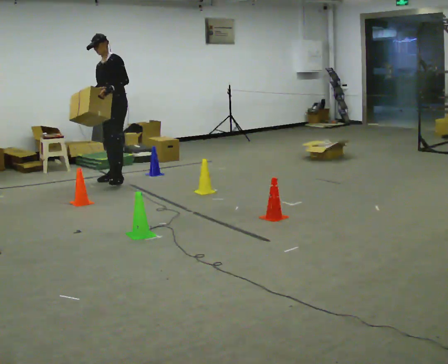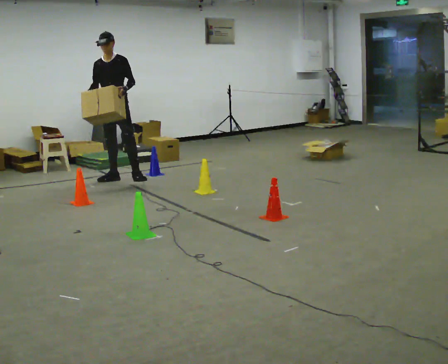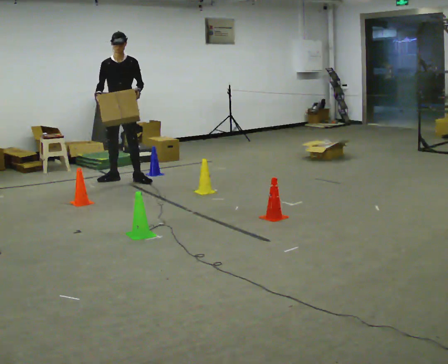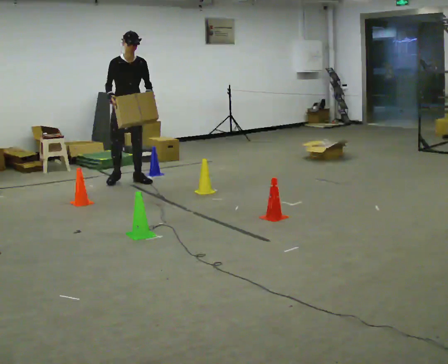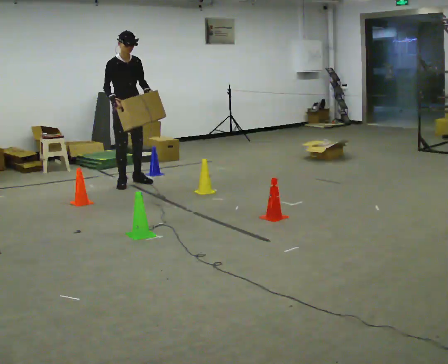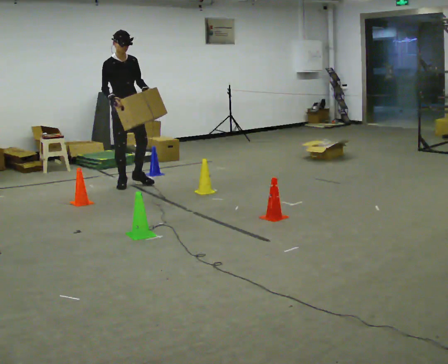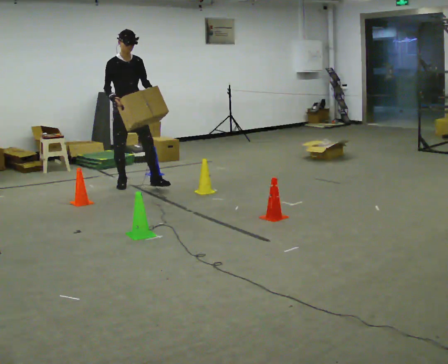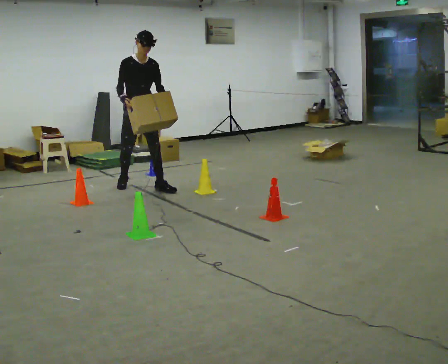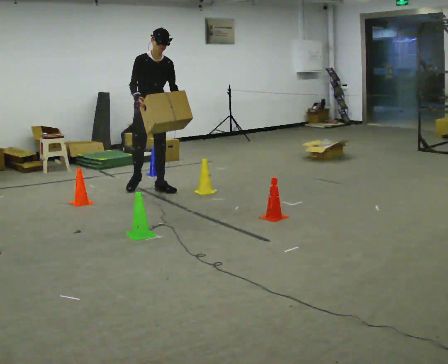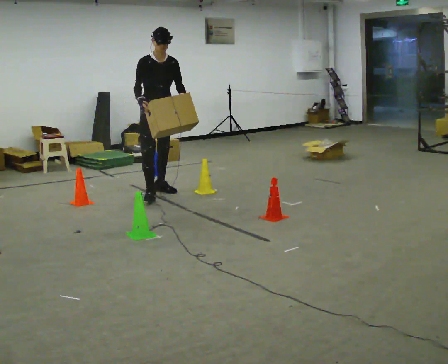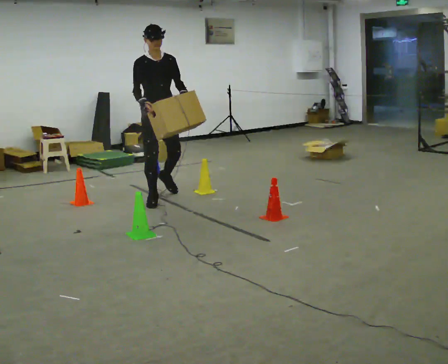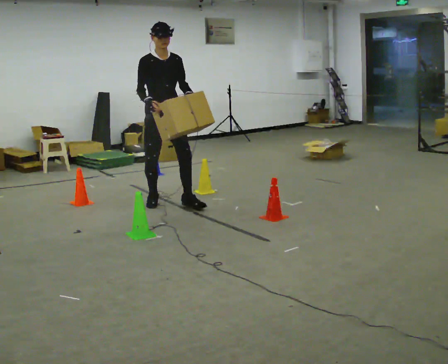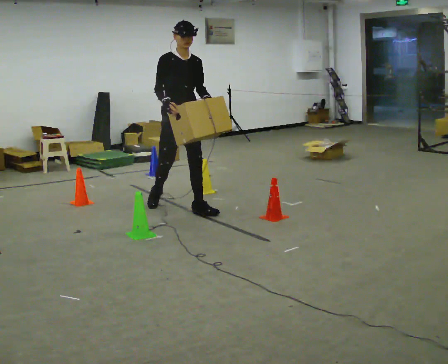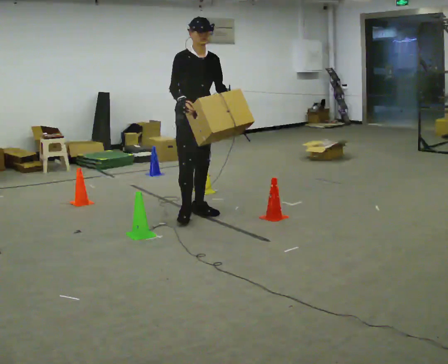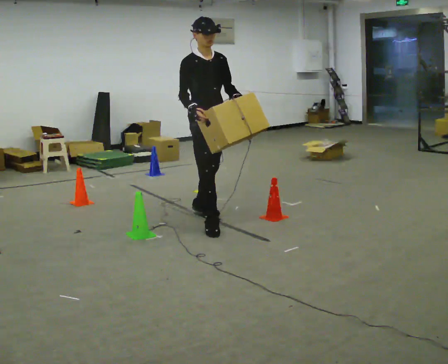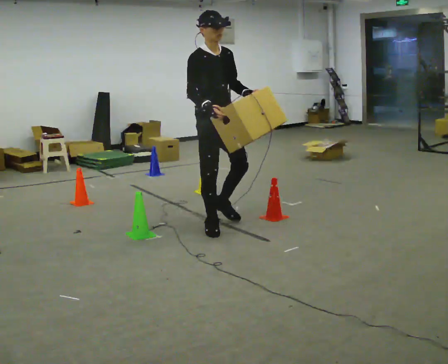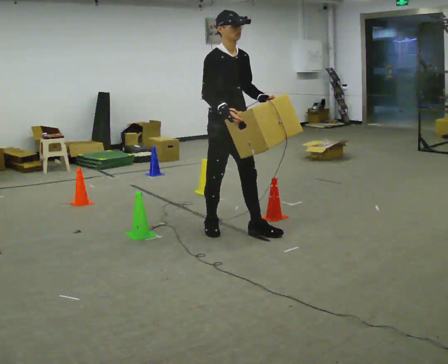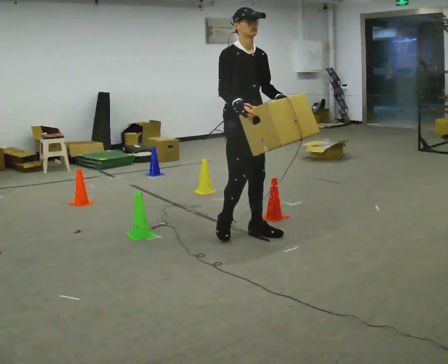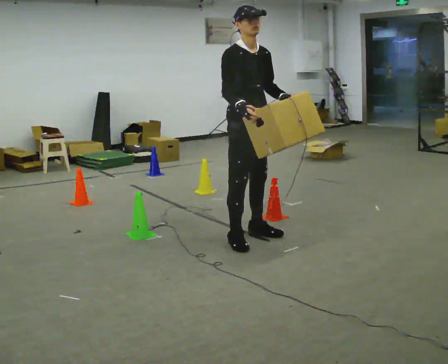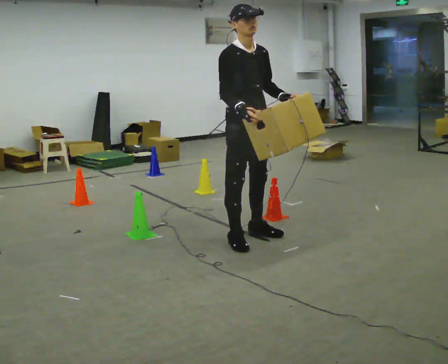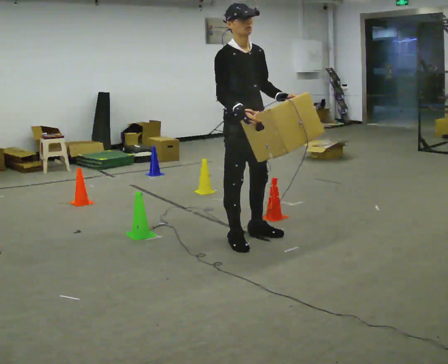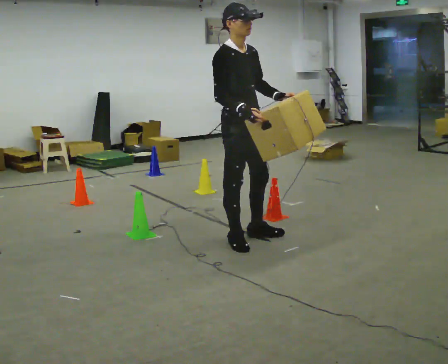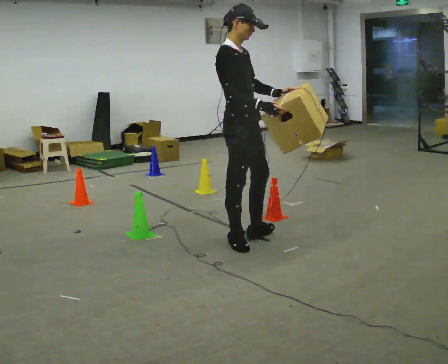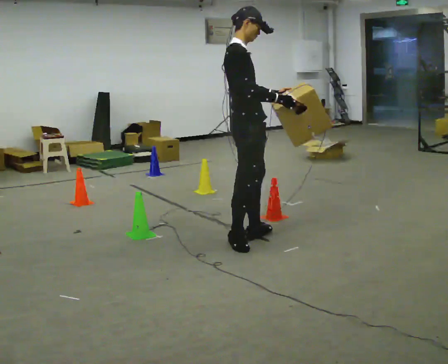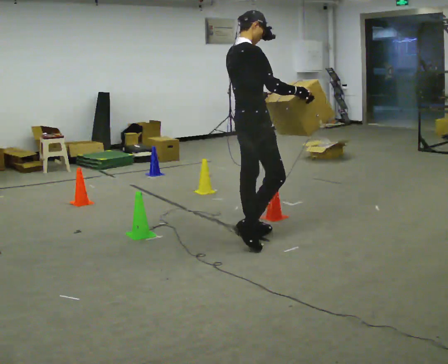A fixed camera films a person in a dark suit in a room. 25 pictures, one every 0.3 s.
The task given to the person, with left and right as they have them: Carry the box through the gap between the panels without touching either side, then set it down and bring it back. Keep going until the operator says stop; one object at a time, and do not rush between trips.
0.0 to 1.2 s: The part of the body nearest the lens slides to the right as the person turns to their left by about 75 degrees. In the picture they go toward the camera, about 0.25 m in 2 steps. In the picture the upper body tilts clockwise, shoulders to the right. In the picture their left hand goes to the right.
1.2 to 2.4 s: In the picture they go to the right and toward the camera, about 0.5 m in 1 step, which for them is forward.
2.4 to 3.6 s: In the picture they go toward the camera and to the right, about 1 m in 2 steps, which for them is forward.
3.6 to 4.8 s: In the picture they go toward the camera and to the right, about 1 m in 2 steps, which for them is forward.
4.8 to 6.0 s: In the picture they go toward the camera, about 0.25 m in 1 step, which for them is forward.
6.0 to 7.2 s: Seen from above the body turns counterclockwise, about 60 degrees: to their left, with its near side sliding to the right. In the picture their right hand goes to the right, the arm swinging counterclockwise.
The film runs forward here.
